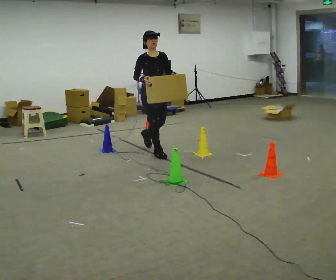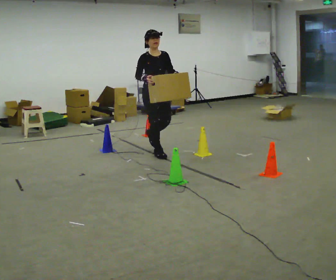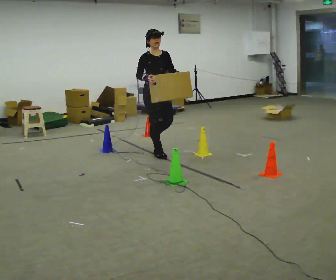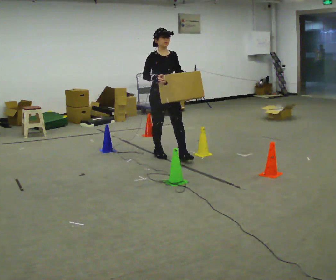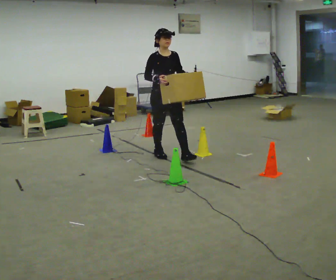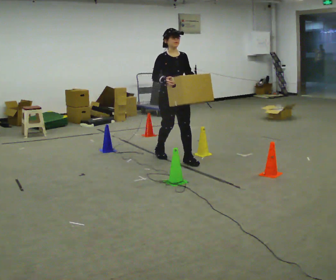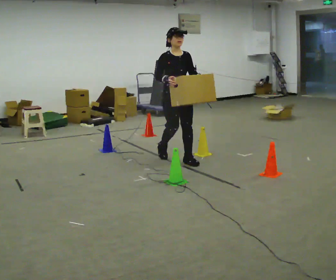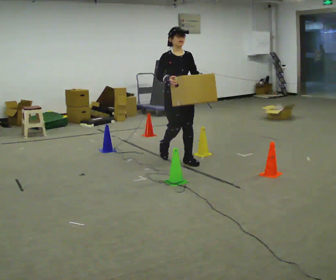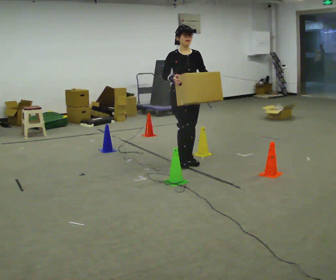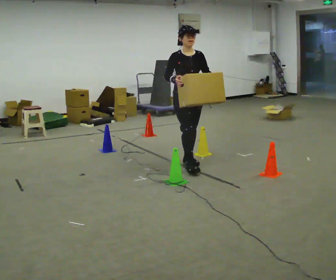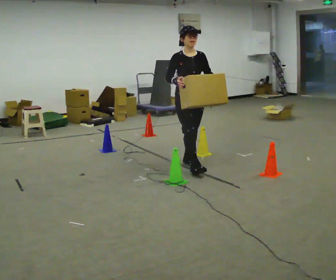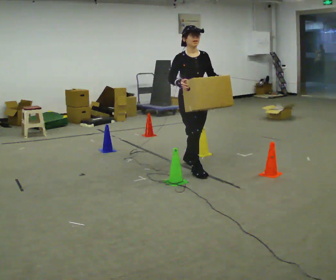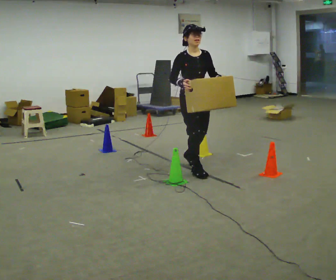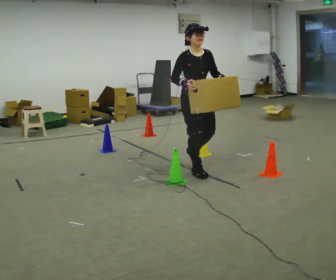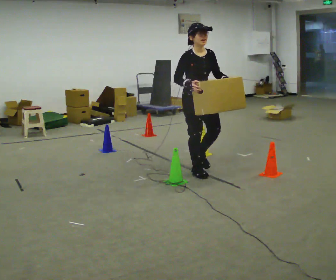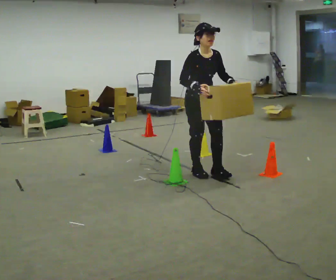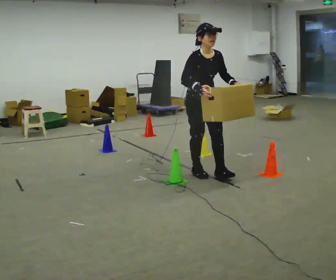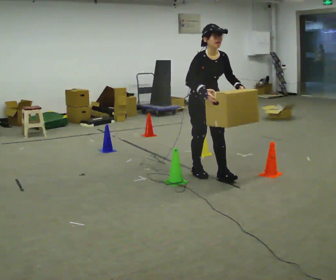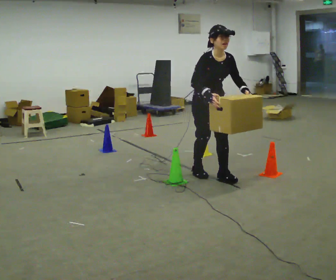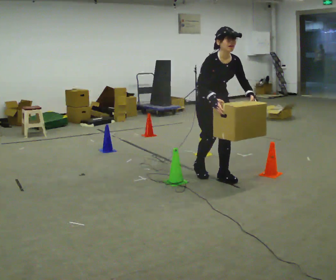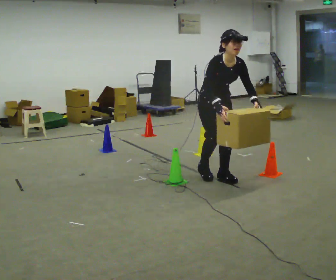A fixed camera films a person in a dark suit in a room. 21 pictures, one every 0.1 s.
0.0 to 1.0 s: In the picture they go toward the camera and to the right, about 1 m in 1 step, which for them is forward.
1.0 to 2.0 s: In the picture they go toward the camera and to the right, about 0.5 m in 2 steps, which for them is forward. The upper body tips toward the camera, its near side rolling downward, as they bend forward.
The film runs forward here.
